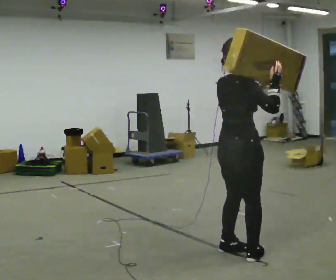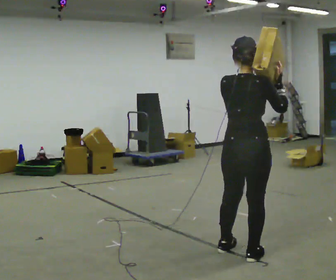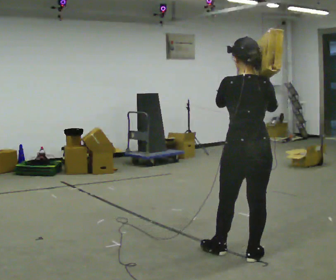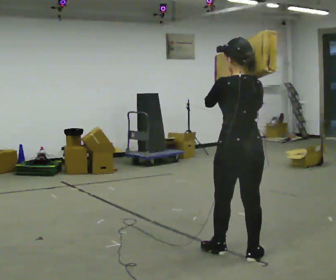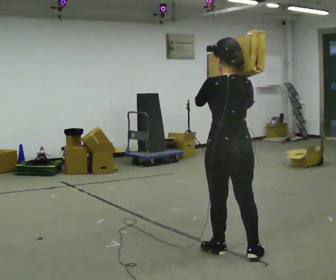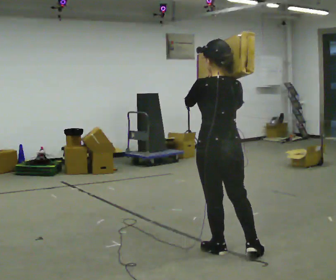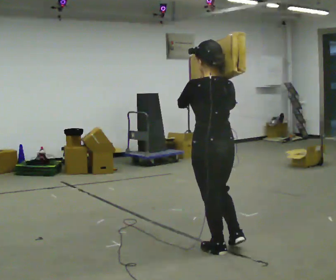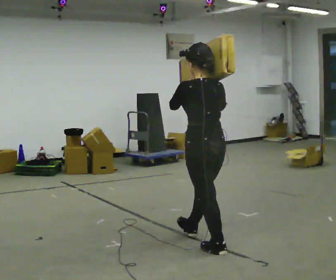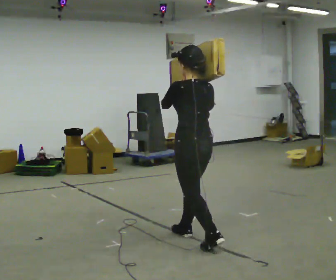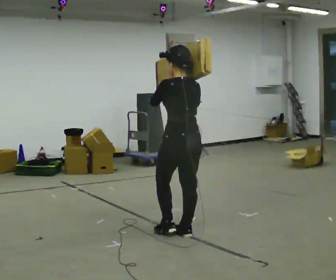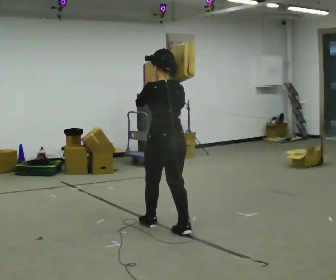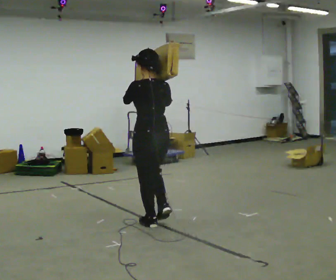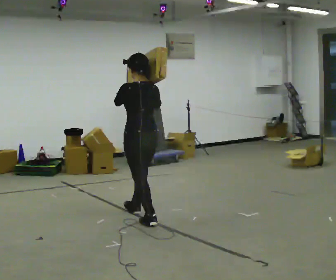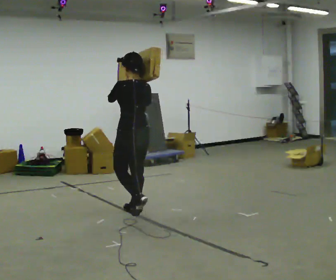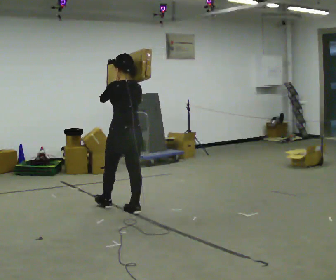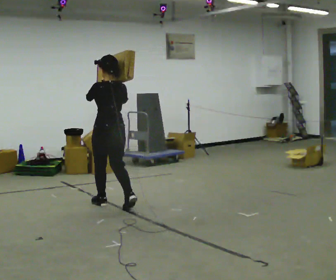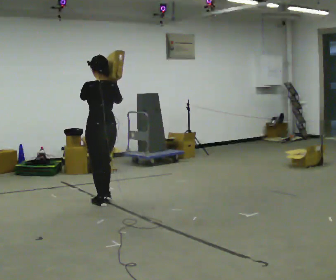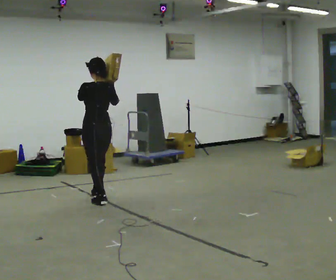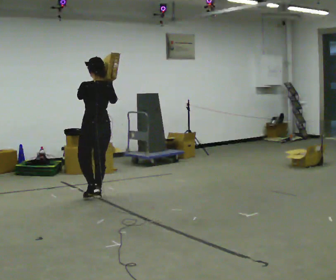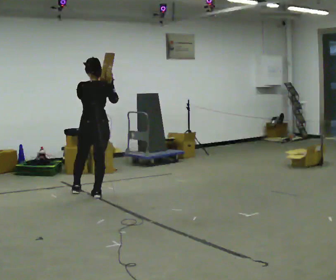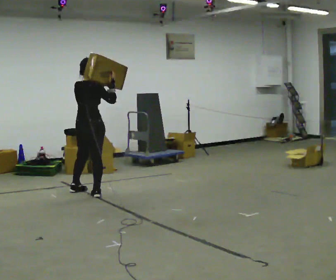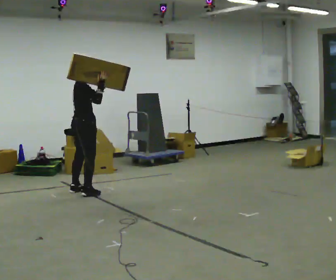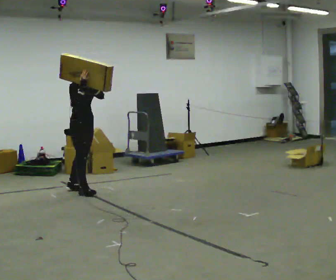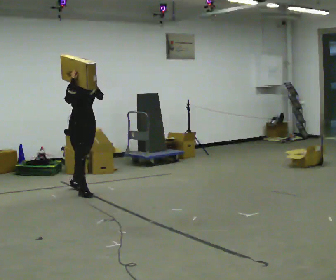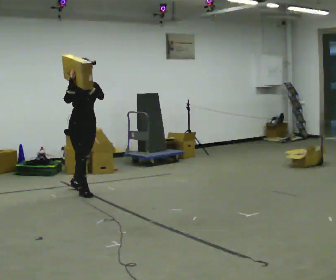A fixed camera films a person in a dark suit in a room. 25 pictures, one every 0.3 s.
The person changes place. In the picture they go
away from the camera.
0.0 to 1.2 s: The person turns about 75 degrees to their left, counterclockwise seen from above, so the part of the body nearest the lens slides to the right.
1.2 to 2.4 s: In the picture they go away from the camera and to the left, about 0.5 m in 1 step, which for them is forward.
2.4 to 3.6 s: In the picture they go away from the camera and to the left, about 1 m in 2 steps, which for them is forward.
3.6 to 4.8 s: In the picture they go away from the camera and to the left, about 1 m in 1 step, which for them is forward.
4.8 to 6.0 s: Seen from above the body turns clockwise, about 60 degrees: to their right, with its near side sliding to the left. In the picture they go away from the camera and to the left, about 0.5 m in 2 steps.
6.0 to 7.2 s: Seen from above the body turns clockwise, about 105 degrees: to their right, with its near side sliding to the left. In the picture their right hand goes to the left.
The film runs forward here.
